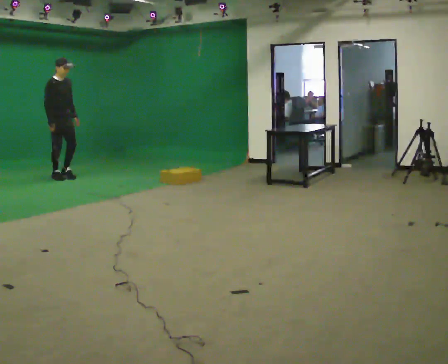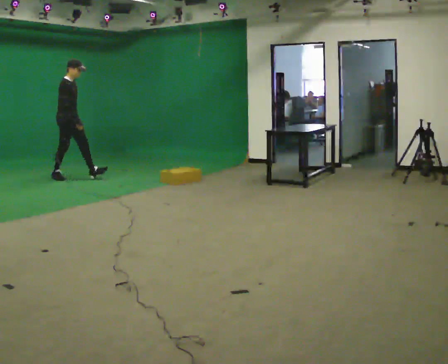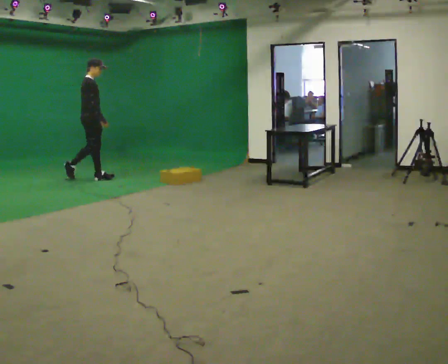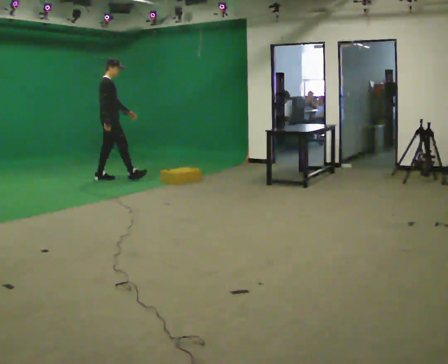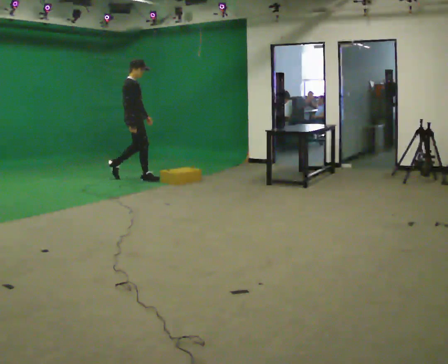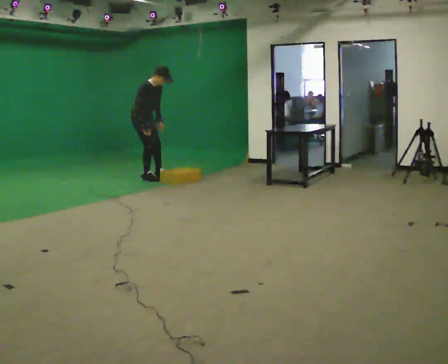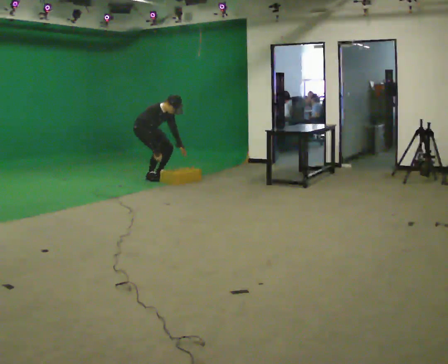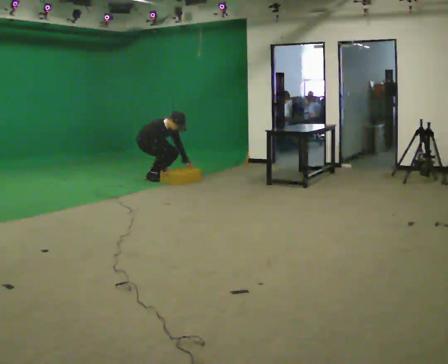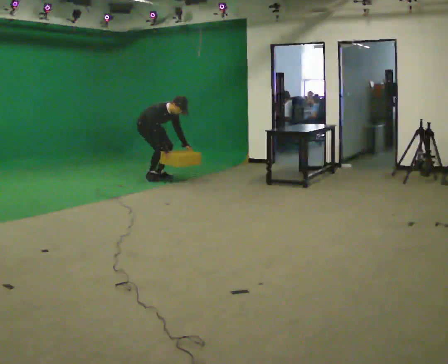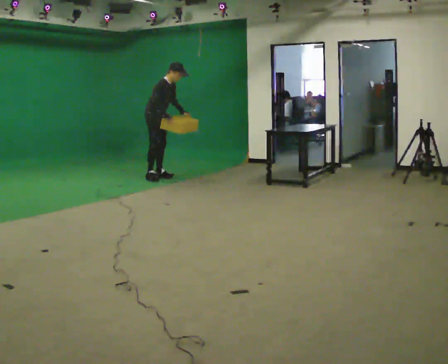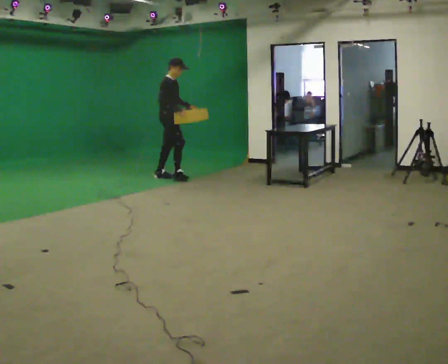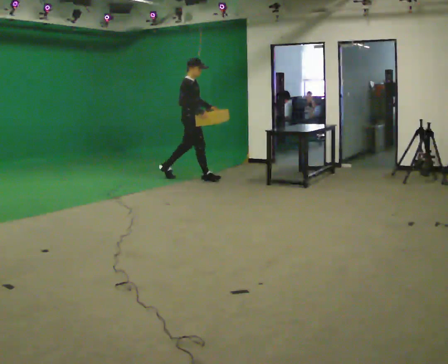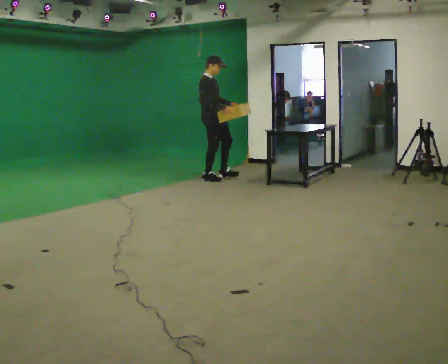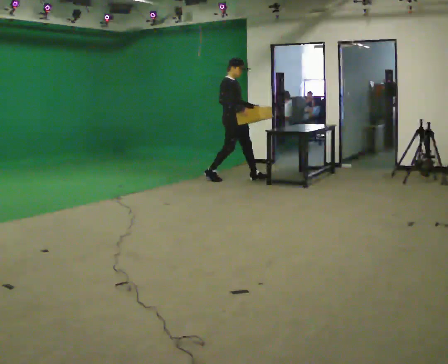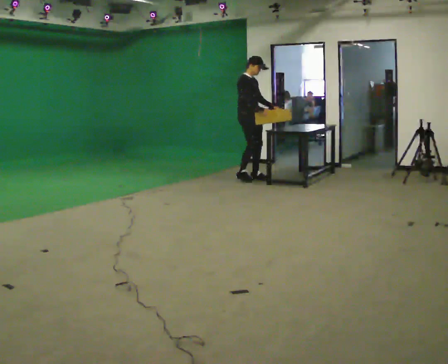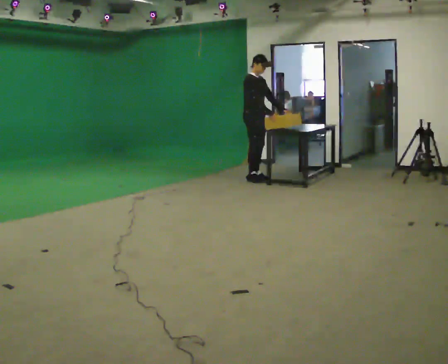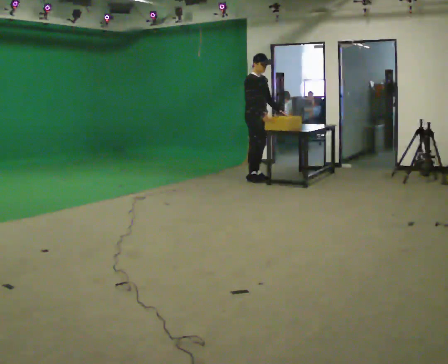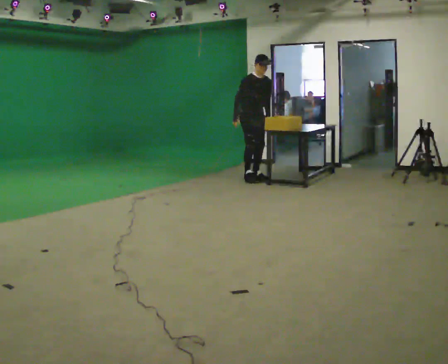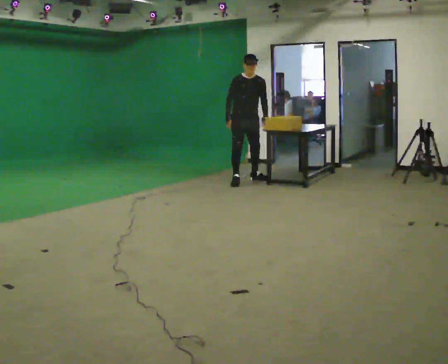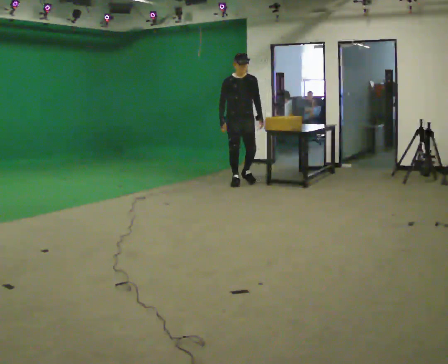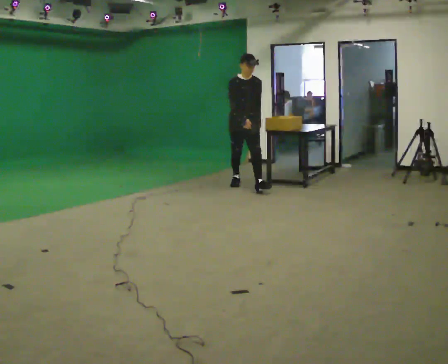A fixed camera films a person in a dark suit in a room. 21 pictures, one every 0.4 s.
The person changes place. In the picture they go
to the right.
0.0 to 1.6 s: Seen from above the body turns counterclockwise, about 30 degrees: to their left, with its near side sliding to the right. In the picture they go to the right, about 1 m in 2 steps, which for them is forward.
1.6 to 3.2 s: Seen from above the body turns clockwise, about 30 degrees: to their right, with its near side sliding to the left. In the picture they go away from the camera and to the right, about 0.25 m in 1 step, which for them is to their left. In the picture the upper body tilts clockwise, shoulders to the right, as they bend forward. In the picture their left hand goes to the right and downward.
3.2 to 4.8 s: In the picture they go to the right, about 1 m in 1 step, which for them is forward. The upper body goes upward. In the picture the upper body tilts counterclockwise, shoulders to the left, as they lean back or straighten. In the picture their right hand goes upward.
4.8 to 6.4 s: In the picture they go to the right, about 0.5 m in 2 steps, which for them is forward and to their left.
6.4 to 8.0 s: The person turns about 30 degrees to their right, clockwise seen from above, so the part of the body nearest the lens slides to the left. In the picture they go toward the camera, about 0.5 m in 1 step, which for them is forward and to their right.
The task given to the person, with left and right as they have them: Walk forward noticeably slower than normal; do not shuffle; stop.
The film runs forward here.
